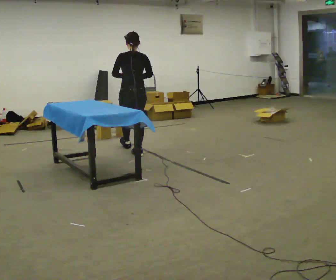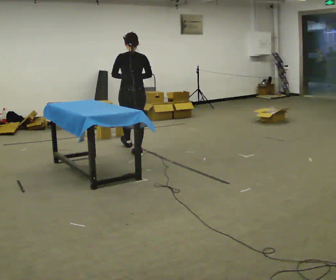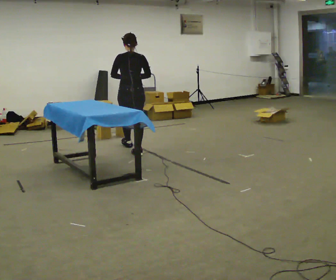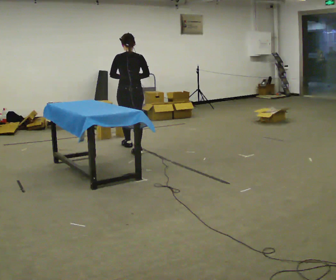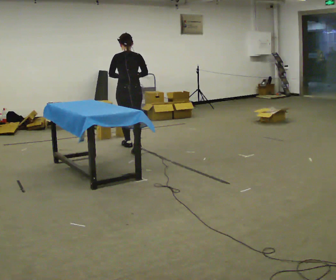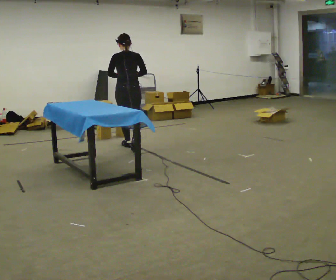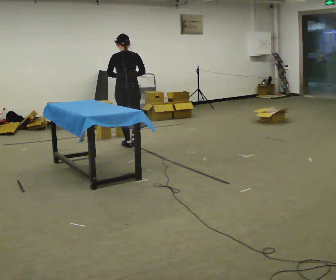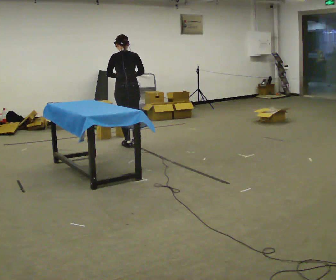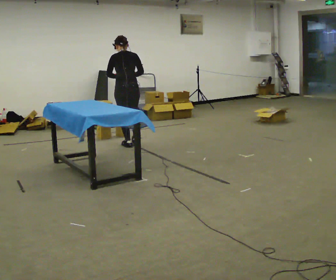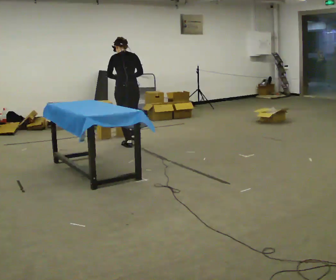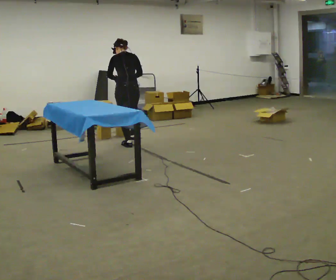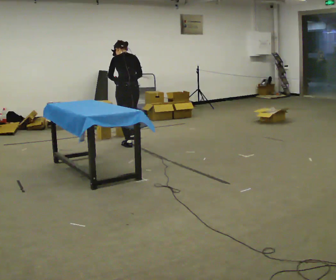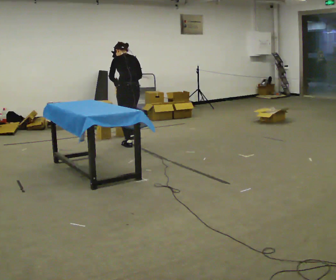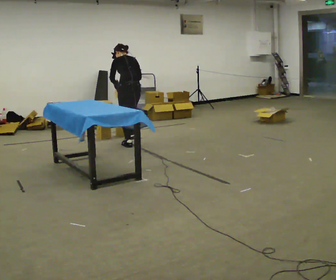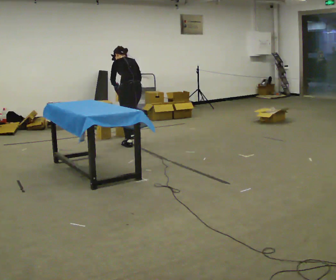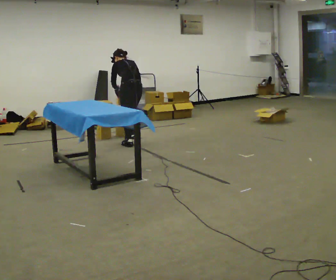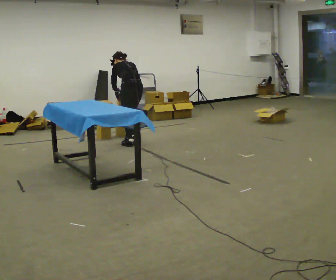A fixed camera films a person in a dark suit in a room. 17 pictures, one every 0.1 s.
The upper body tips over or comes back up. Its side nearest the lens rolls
upward.
0.0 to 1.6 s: In the picture they go away from the camera, about 0.5 m in 2 steps, which for them is forward. The upper body tips away from the camera, its near side rolling upward, as they bend forward. In the picture their left hand goes downward.
The film runs forward here.
